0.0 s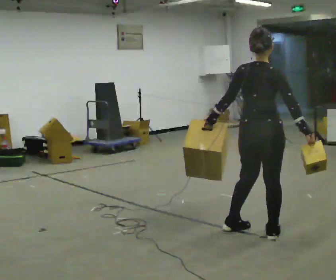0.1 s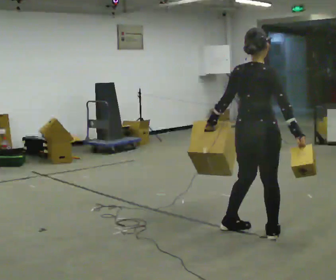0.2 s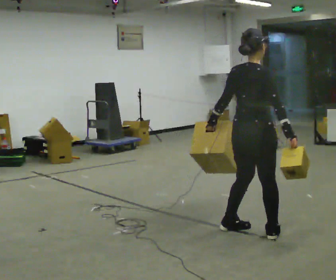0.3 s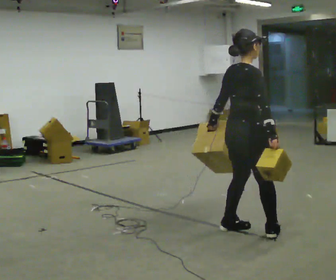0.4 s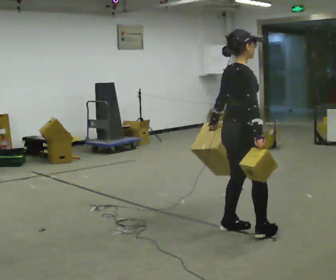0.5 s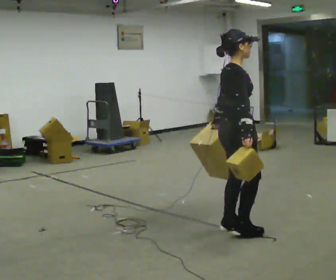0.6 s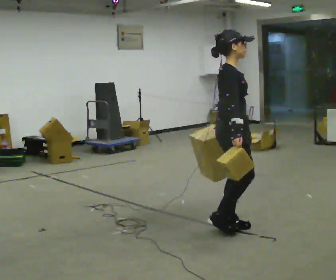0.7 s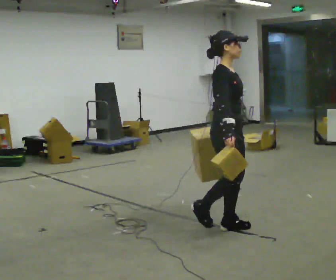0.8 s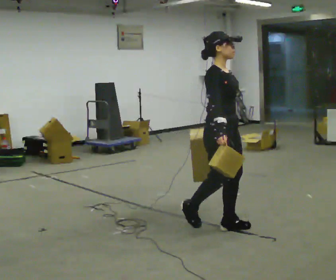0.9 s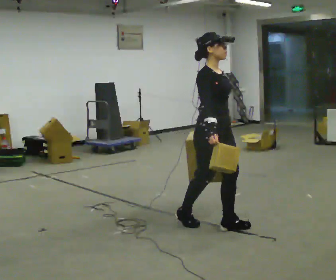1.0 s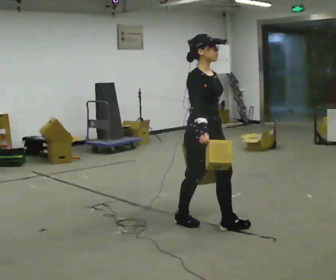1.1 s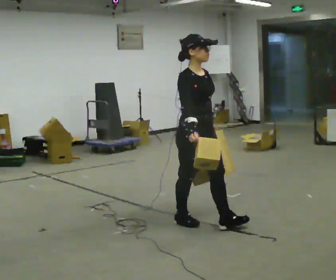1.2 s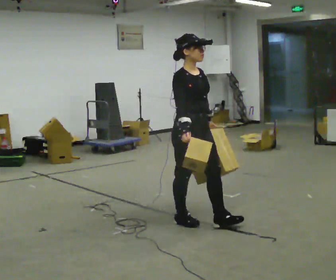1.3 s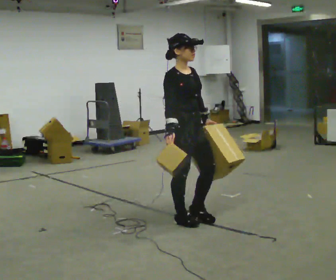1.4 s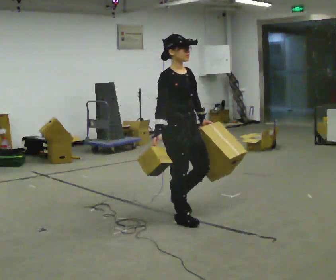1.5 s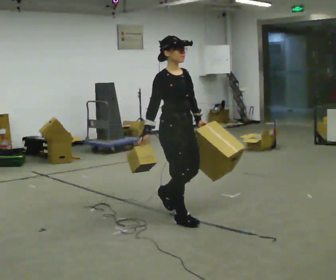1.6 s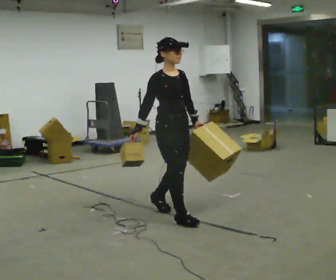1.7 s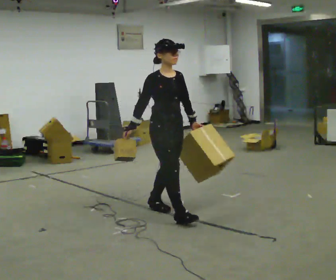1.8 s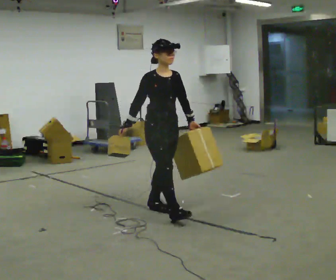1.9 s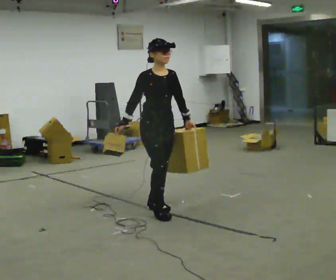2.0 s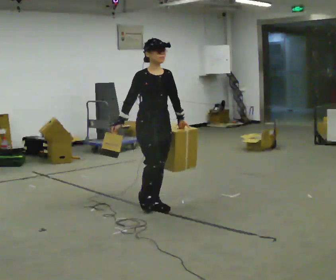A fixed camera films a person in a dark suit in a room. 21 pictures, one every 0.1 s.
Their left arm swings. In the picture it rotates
counterclockwise.
Their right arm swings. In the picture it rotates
clockwise.
0.0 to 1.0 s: The part of the body nearest the lens slides to the left as the person turns to their right by about 105 degrees. In the picture they go to the left and away from the camera, about 0.5 m in 1 step.
1.0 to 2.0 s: In the picture they go away from the camera and to the left, about 0.75 m in 2 steps, which for them is backward.
The film runs backward here.
